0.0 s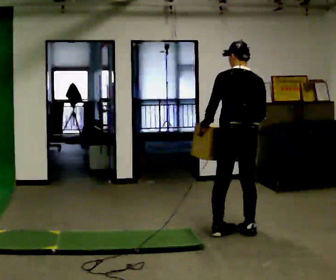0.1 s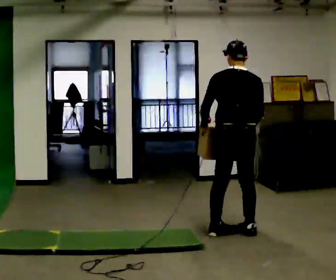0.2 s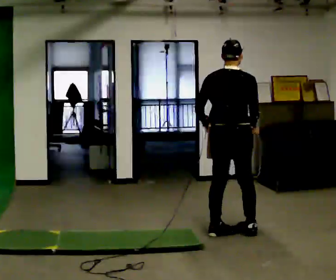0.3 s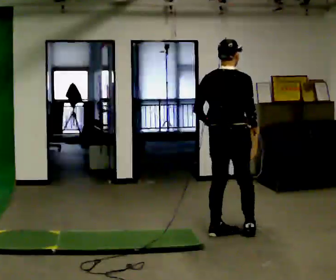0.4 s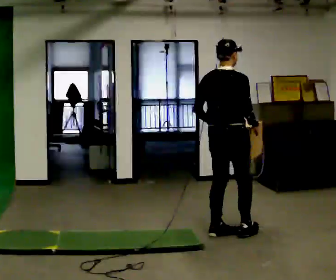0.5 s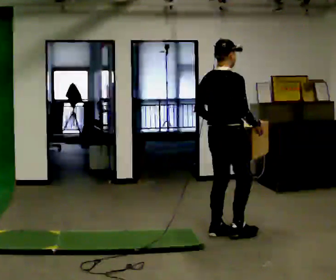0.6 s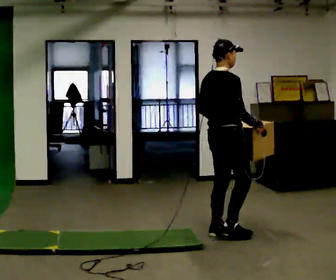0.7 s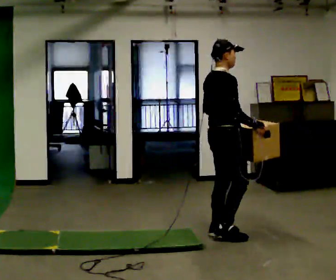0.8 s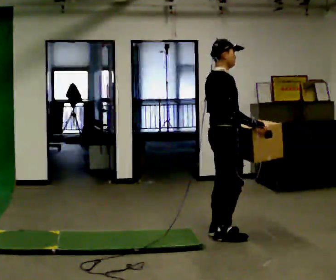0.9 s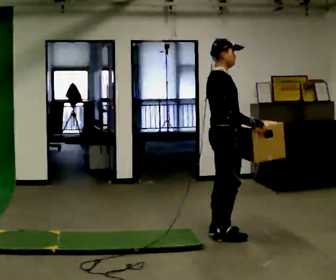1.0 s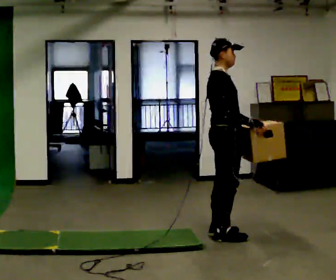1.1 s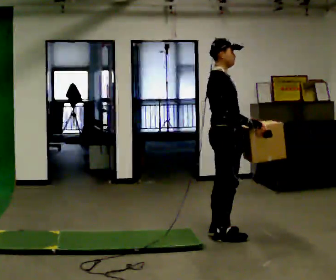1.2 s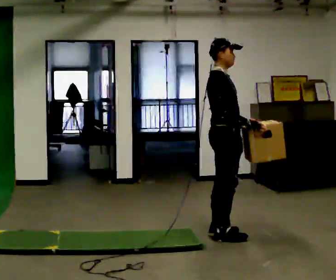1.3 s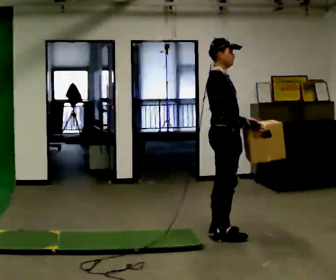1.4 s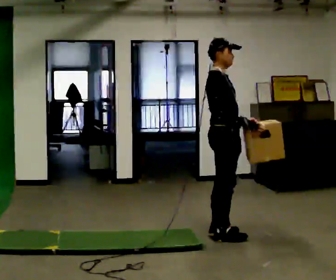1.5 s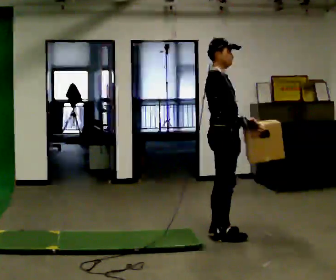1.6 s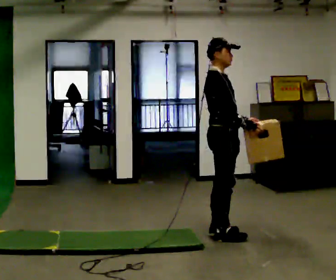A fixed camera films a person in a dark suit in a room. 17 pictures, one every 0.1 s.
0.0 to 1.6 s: The part of the body nearest the lens slides to the left as the person turns to their right by about 105 degrees. In the picture they go to the left, about 0.25 m in 1 step. In the picture their left hand goes to the right, the arm swinging counterclockwise.
The film runs backward here.
